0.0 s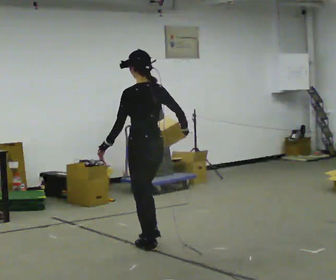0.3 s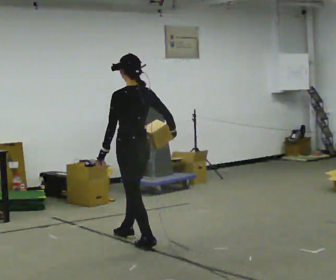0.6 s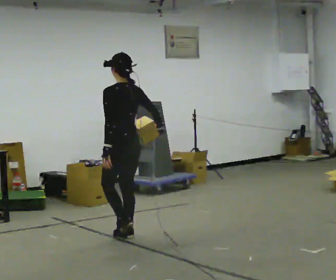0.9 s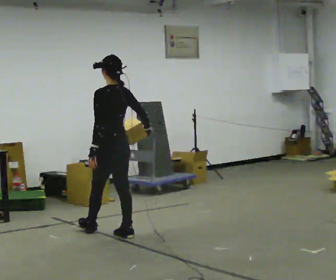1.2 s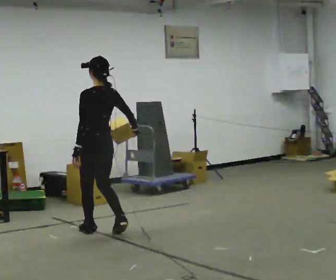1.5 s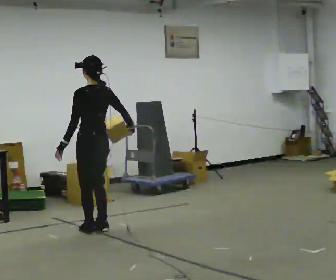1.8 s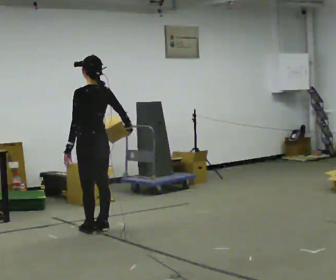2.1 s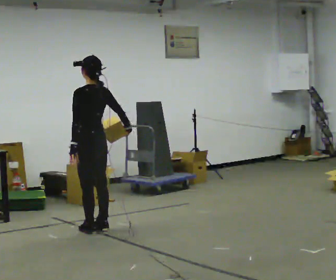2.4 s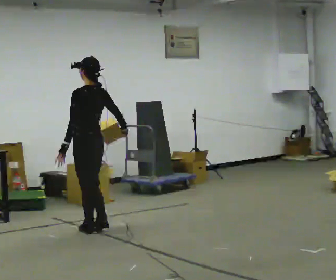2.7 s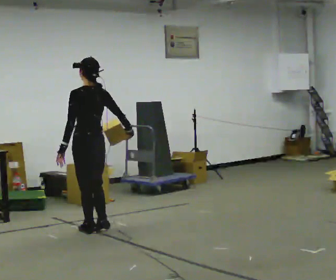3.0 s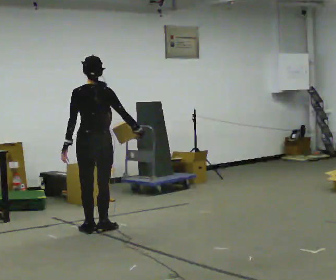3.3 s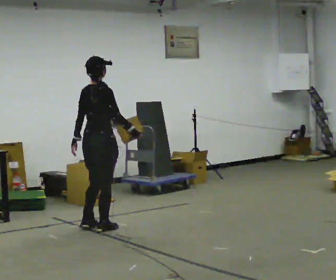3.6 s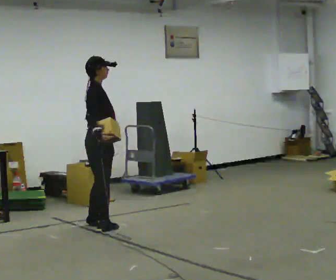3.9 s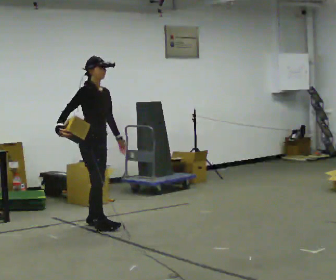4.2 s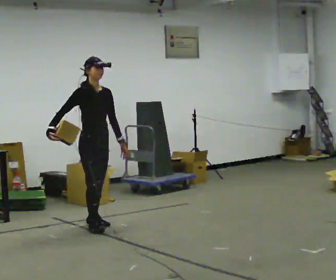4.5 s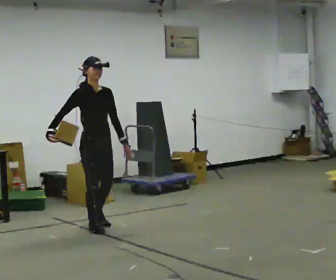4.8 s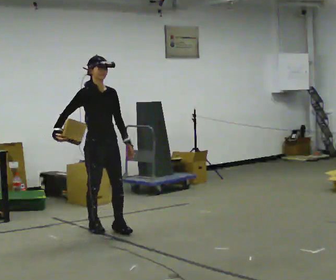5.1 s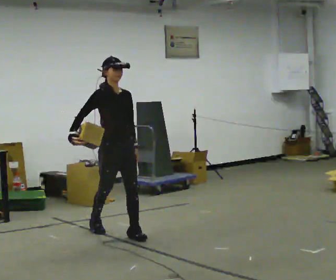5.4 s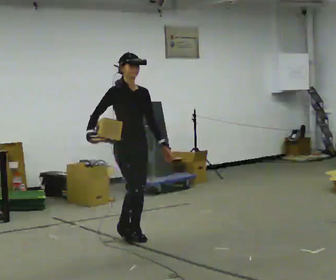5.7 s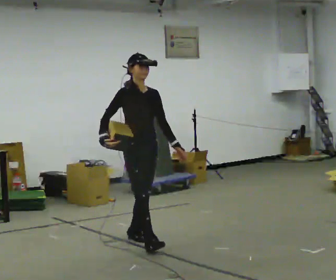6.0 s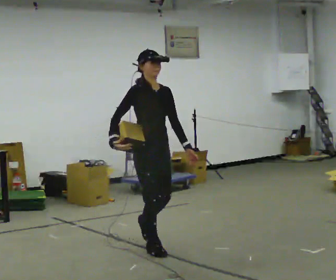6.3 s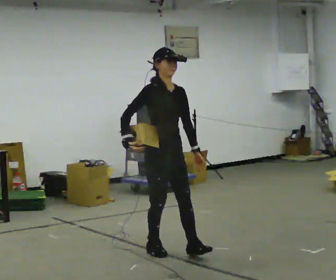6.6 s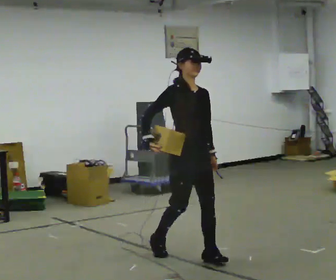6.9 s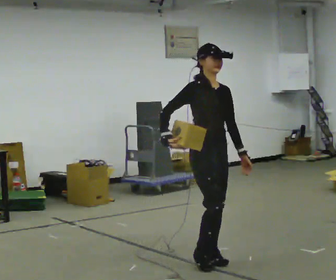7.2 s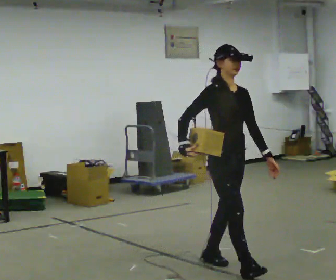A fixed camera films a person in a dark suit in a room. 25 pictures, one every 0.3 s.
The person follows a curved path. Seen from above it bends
clockwise.
0.0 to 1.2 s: In the picture they go away from the camera and to the left, about 0.5 m in 2 steps, which for them is forward.
1.2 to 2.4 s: The person moves a little, or ends about where they began.
2.4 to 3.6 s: Seen from above the body turns clockwise, about 135 degrees: to their right, with its near side sliding to the left. In the picture their right hand goes to the left, the arm swinging clockwise.
3.6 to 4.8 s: The person turns about 60 degrees to their right, clockwise seen from above, so the part of the body nearest the lens slides to the left. In the picture they go toward the camera, about 0.25 m. In the picture their right hand goes to the left.
4.8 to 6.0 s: In the picture they go toward the camera and to the right, about 1 m in 2 steps, which for them is forward.
6.0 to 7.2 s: In the picture they go toward the camera and to the right, about 1 m in 1 step, which for them is forward.
The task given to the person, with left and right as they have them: Carry the object in the hand the operator calls, down at your side, walking back and forth across the room.
The film runs forward here.
